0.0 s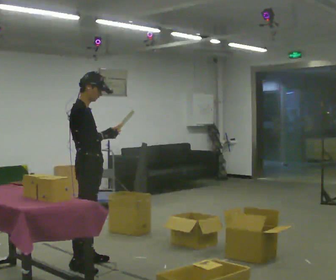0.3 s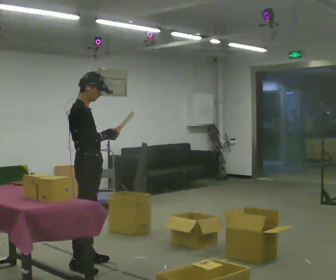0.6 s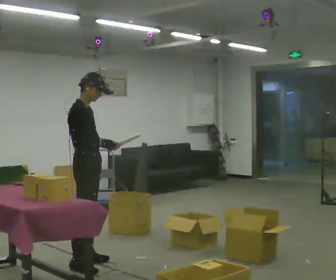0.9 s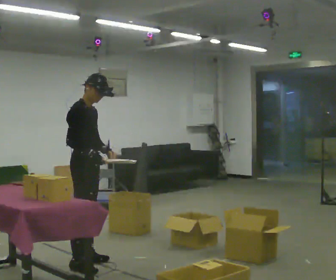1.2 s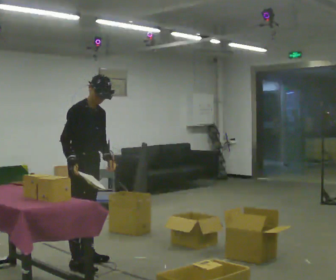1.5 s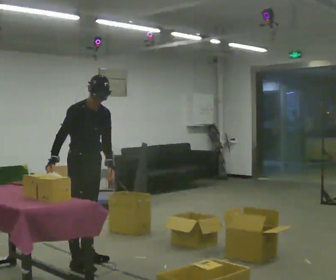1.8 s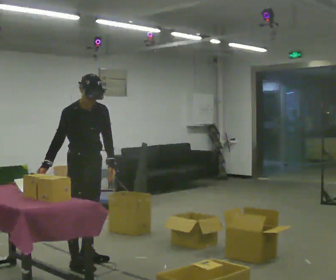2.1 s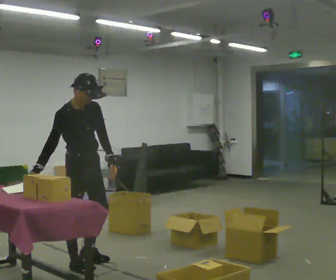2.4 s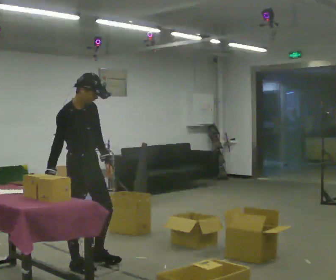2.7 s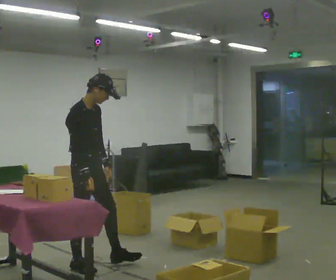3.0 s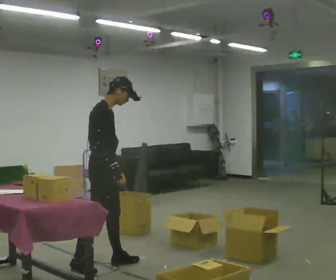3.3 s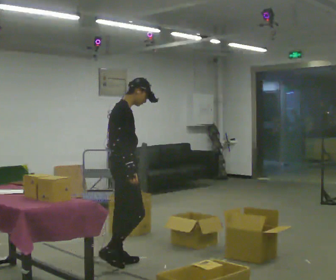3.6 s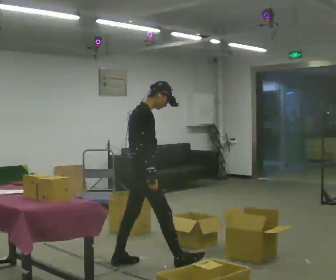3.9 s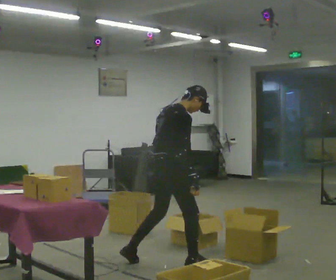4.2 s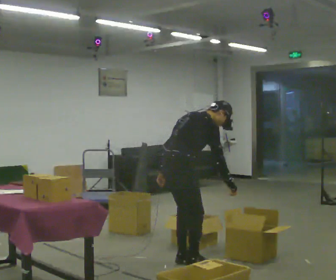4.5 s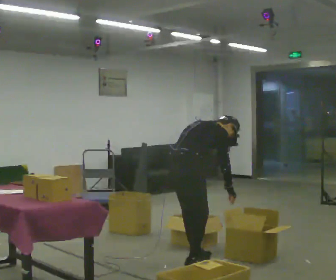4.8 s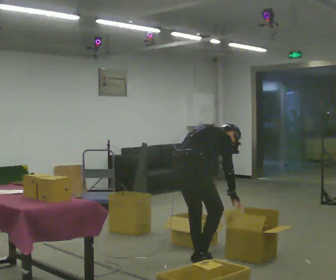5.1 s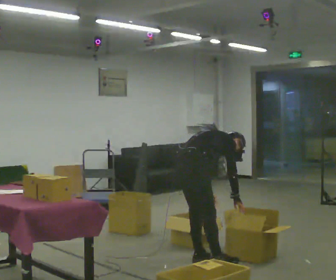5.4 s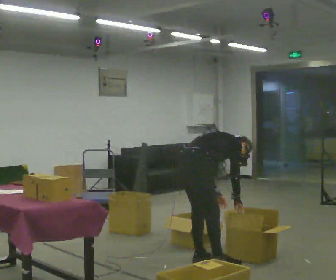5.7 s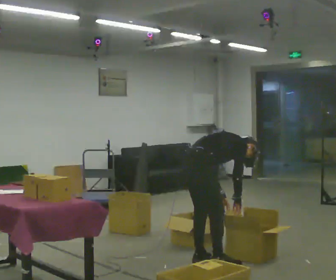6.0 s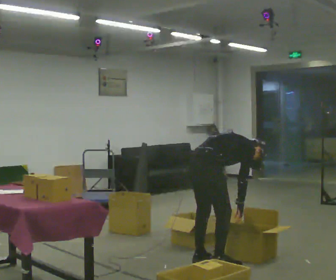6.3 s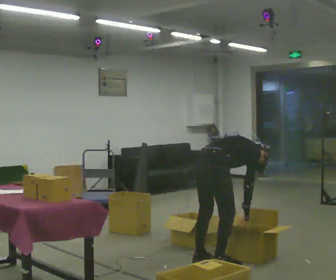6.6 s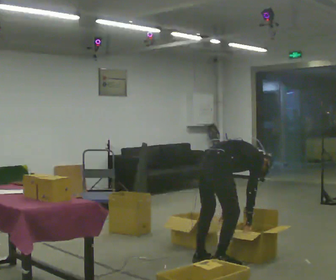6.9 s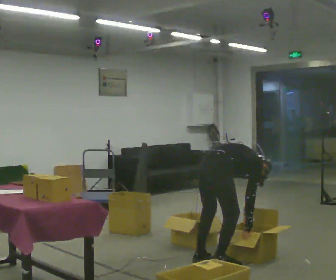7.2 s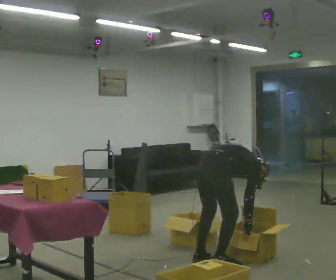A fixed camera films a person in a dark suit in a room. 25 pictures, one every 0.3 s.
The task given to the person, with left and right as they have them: 1. Read the parts list. 2. Collect each part from the bins around the room. 3. Lay them out on the table in the order on the list. 4. Put them all in the carry case. 5. Tell the operator when you are finished.
0.0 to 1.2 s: Seen from above the body turns clockwise, about 30 degrees: to their right, with its near side sliding to the left. In the picture the upper body tilts clockwise, shoulders to the right. In the picture their right hand goes to the left, the arm swinging clockwise.
1.2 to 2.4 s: The person moves a little, or ends about where they began.
2.4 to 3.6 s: The part of the body nearest the lens slides to the right as the person turns to their left by about 45 degrees. In the picture they go to the right, about 0.5 m in 1 step, which for them is forward.
3.6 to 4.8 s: Seen from above the body turns counterclockwise, about 30 degrees: to their left, with its near side sliding to the right. In the picture they go to the right, about 0.5 m in 2 steps, which for them is forward and to their right. The upper body goes downward. In the picture the upper body tilts clockwise, shoulders to the right, as they bend forward.
4.8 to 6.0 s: In the picture the upper body tilts clockwise, shoulders to the right, as they bend forward.
6.0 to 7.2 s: The upper body tips away from the camera, its near side rolling upward, as they bend forward.
The film runs forward here.
